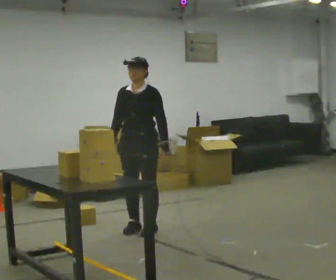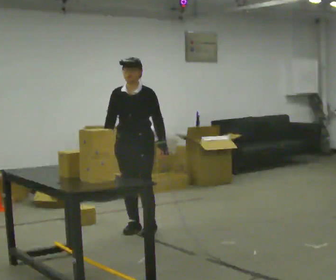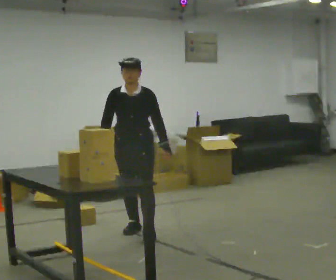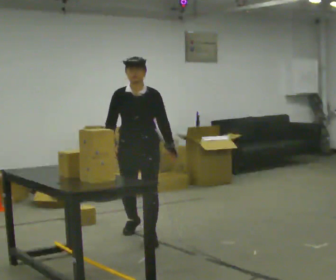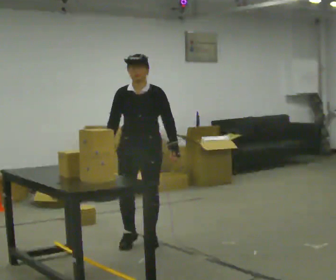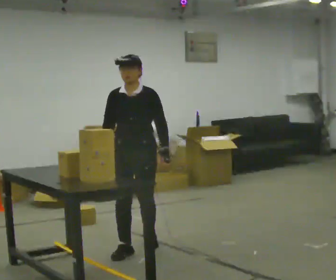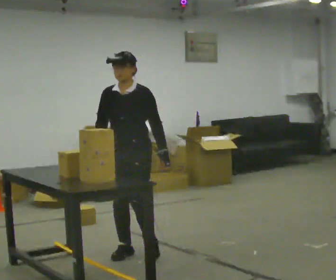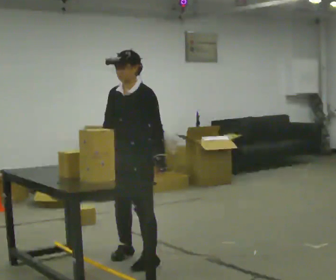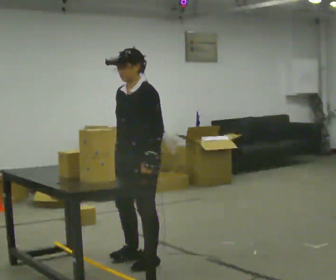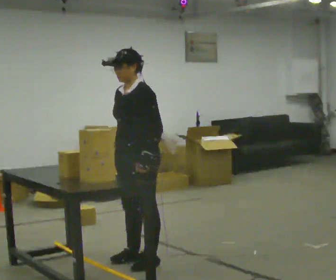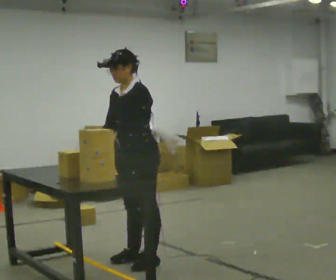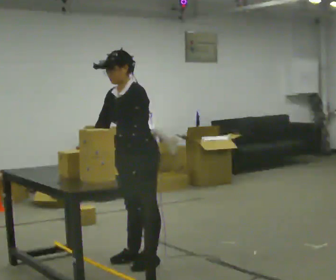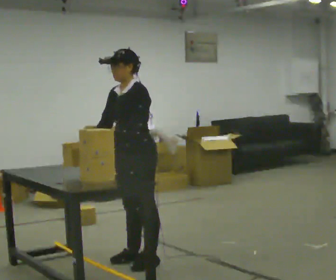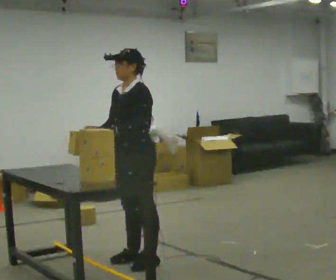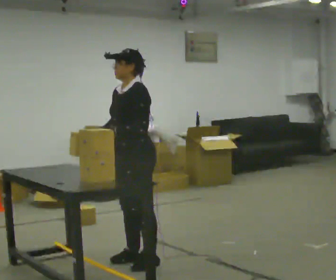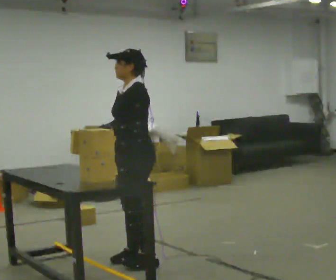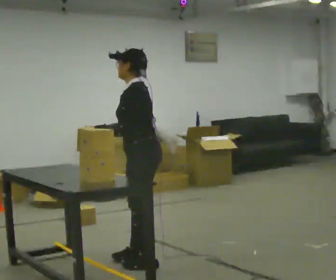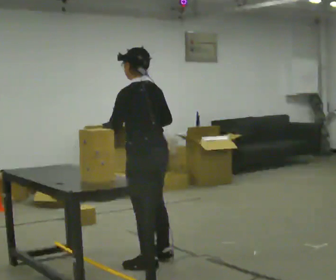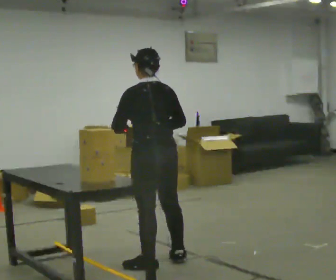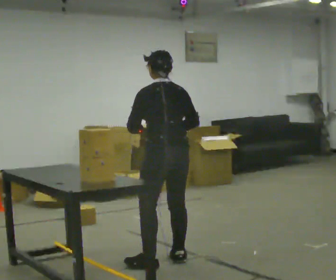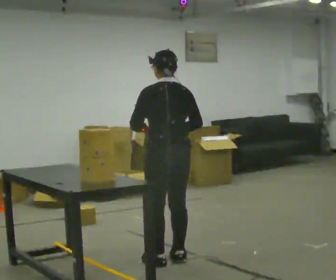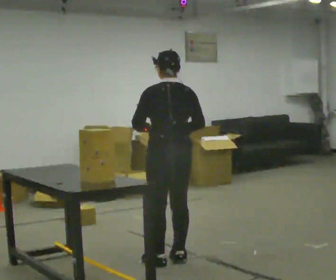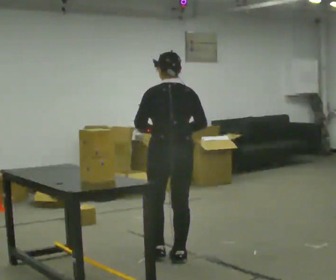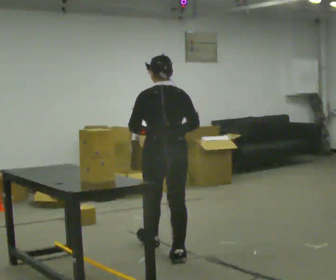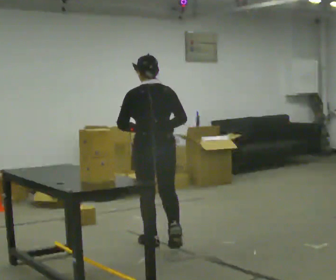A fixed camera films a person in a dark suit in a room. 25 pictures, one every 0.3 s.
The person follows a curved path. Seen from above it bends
counterclockwise.
0.0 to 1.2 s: In the picture they go toward the camera, about 0.5 m in 1 step, which for them is forward.
1.2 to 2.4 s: The part of the body nearest the lens slides to the left as the person turns to their right by about 45 degrees. In the picture they go toward the camera, about 0.5 m in 2 steps, which for them is forward and to their left.
2.4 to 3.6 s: The person moves a little, or ends about where they began.
3.6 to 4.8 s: The part of the body nearest the lens slides to the left as the person turns to their right by about 45 degrees.
4.8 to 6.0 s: The person turns about 45 degrees to their right, clockwise seen from above, so the part of the body nearest the lens slides to the left. In the picture they go to the right, about 0.25 m in 1 step, which for them is to their right. In the picture their right hand goes to the right.
6.0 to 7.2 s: In the picture they go away from the camera, about 0.5 m in 1 step, which for them is forward.
The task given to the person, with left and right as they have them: Take an object off the waist-height shelf, carry it across the room, and set it down on the floor. Keep going until the operator says stop; one object at a time, and do not rush between trips.
The film runs forward here.
